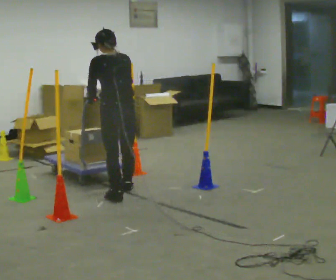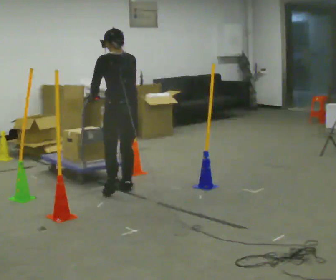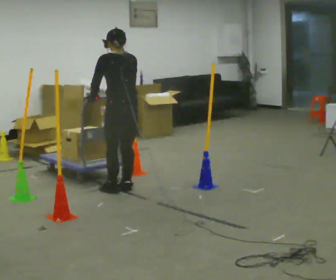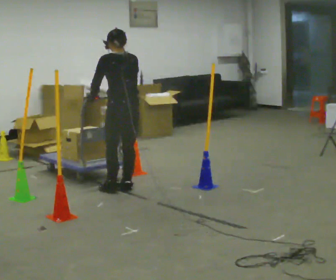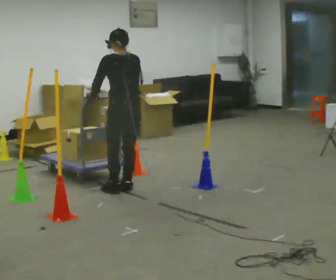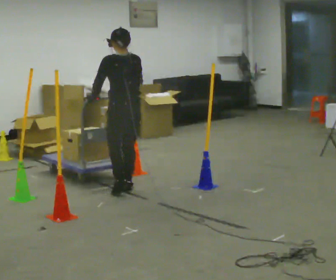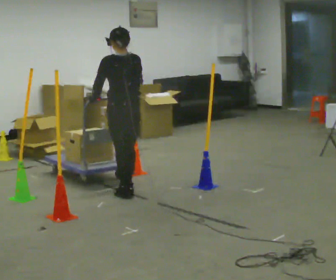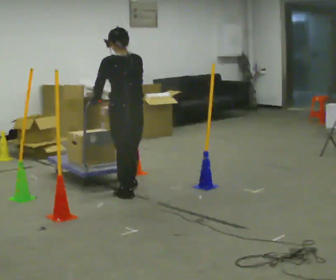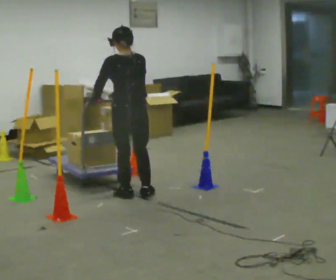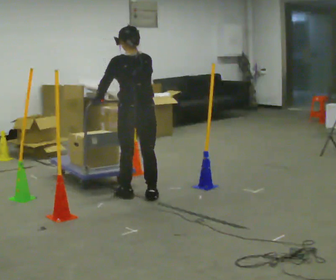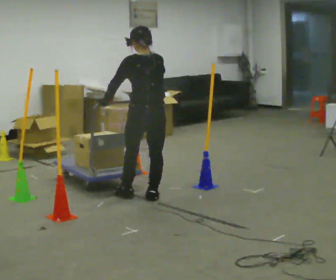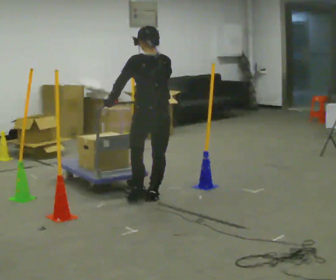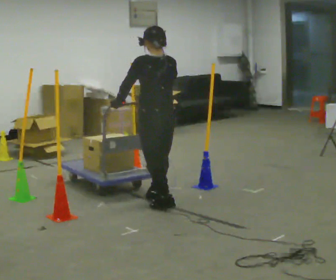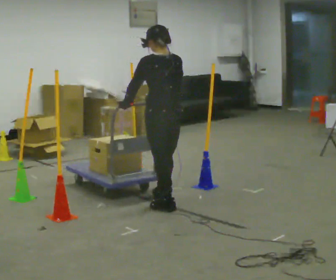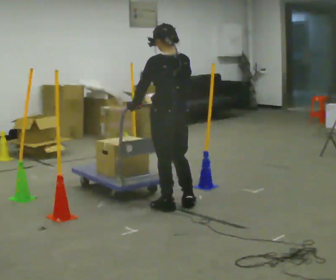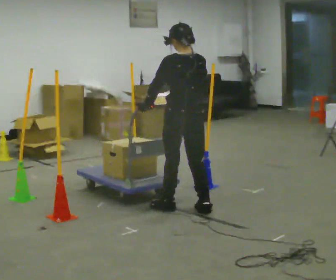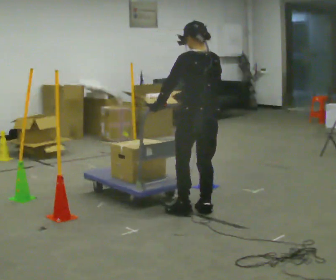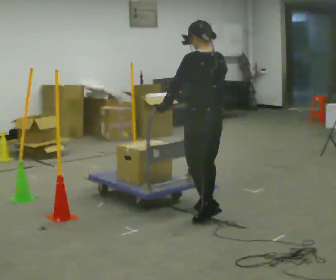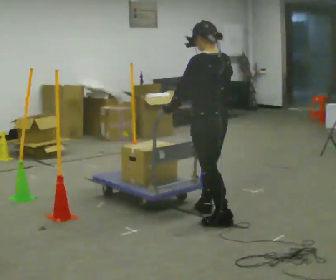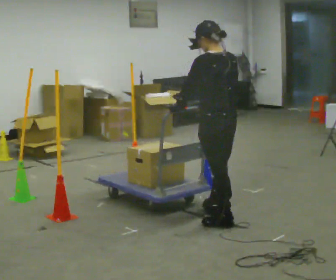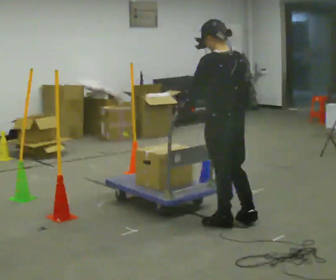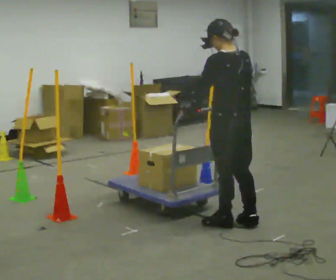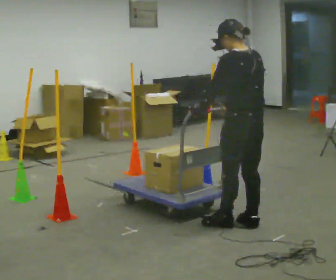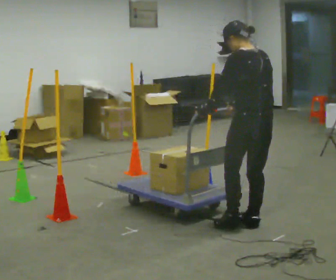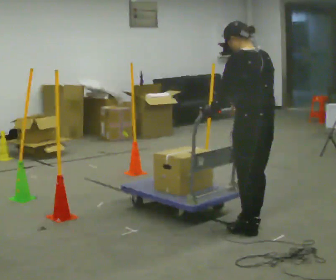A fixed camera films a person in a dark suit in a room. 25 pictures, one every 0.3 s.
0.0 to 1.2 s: In the picture they go away from the camera, about 0.25 m in 1 step, which for them is to their right and forward.
1.2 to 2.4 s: In the picture they go toward the camera, about 0.25 m in 1 step, which for them is backward.
2.4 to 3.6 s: In the picture they go to the right and toward the camera, about 0.25 m in 2 steps, which for them is backward.
3.6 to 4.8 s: In the picture they go to the right and toward the camera, about 0.5 m in 1 step, which for them is backward and to their right.
4.8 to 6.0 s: In the picture they go toward the camera, about 0.25 m in 1 step, which for them is backward.
6.0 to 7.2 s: In the picture they go to the right, about 0.25 m in 2 steps, which for them is backward.
The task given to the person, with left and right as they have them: Push the cart in and out of the line of poles without touching any of them. Keep going until the operator says stop.
The film runs forward here.
